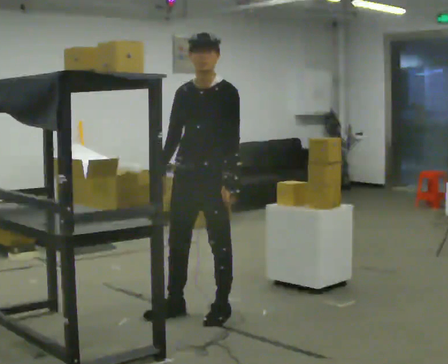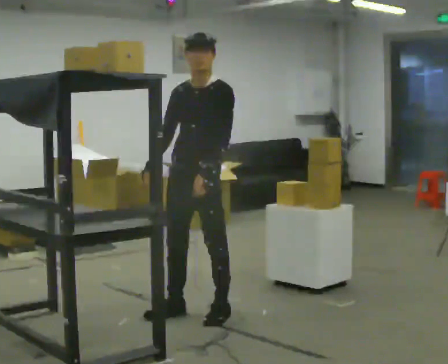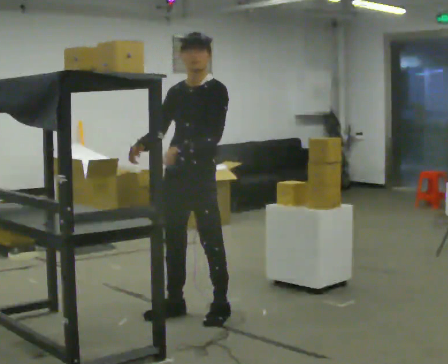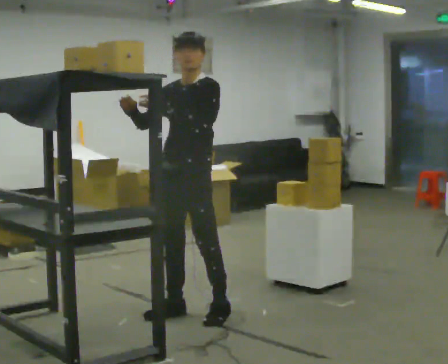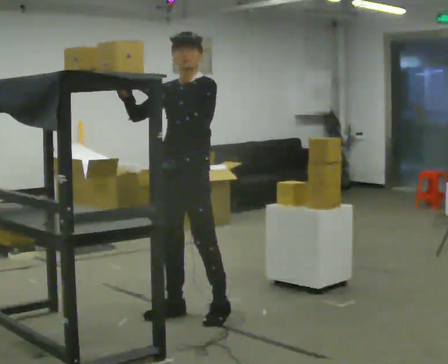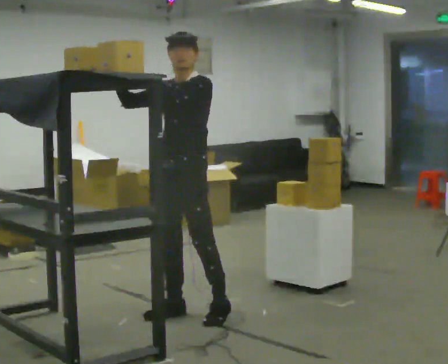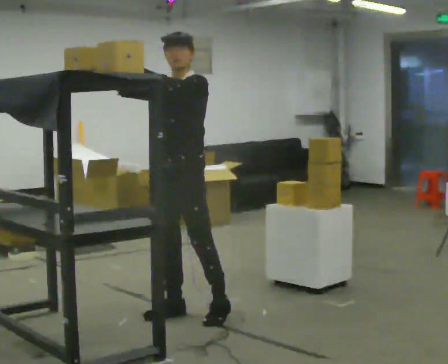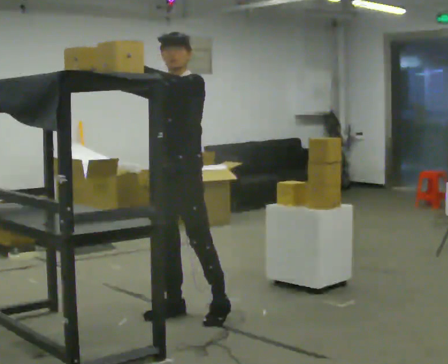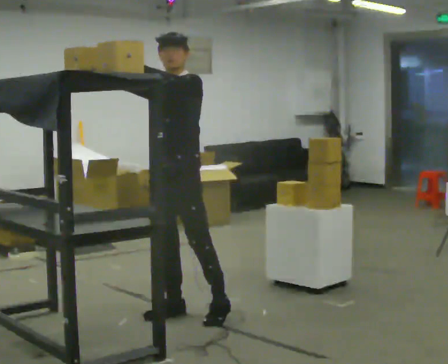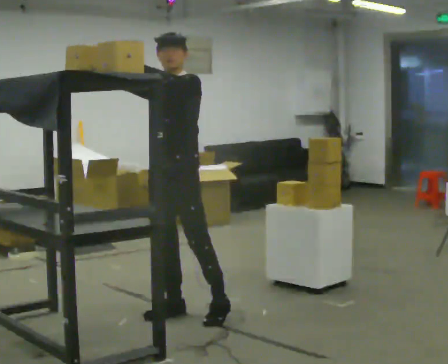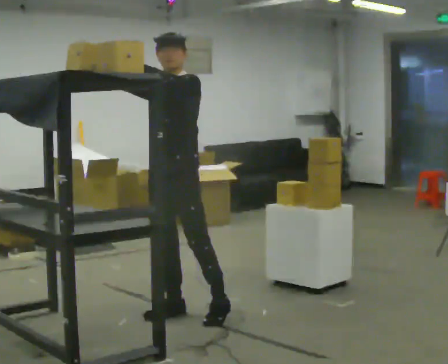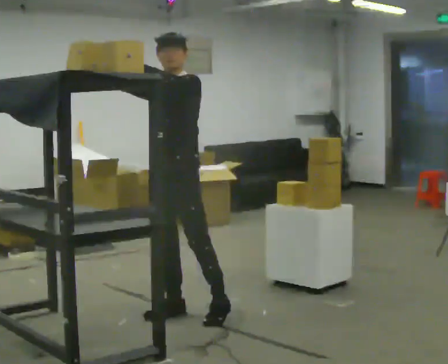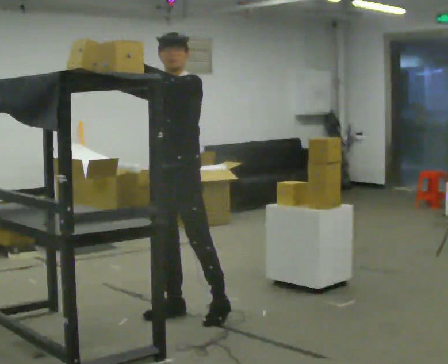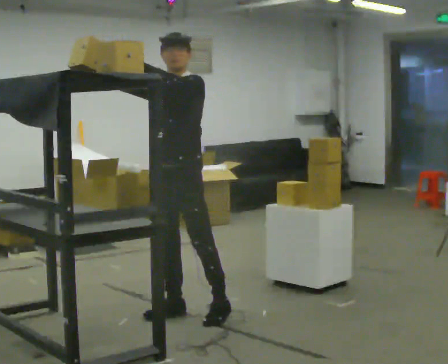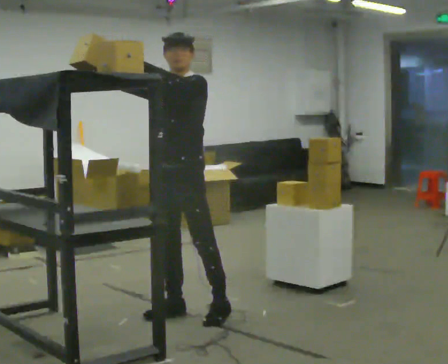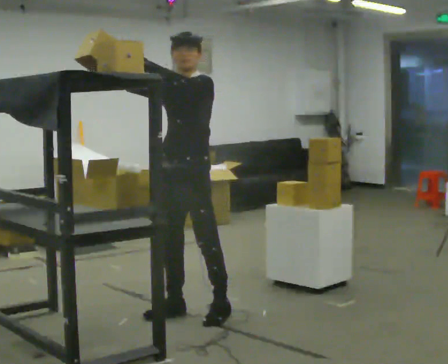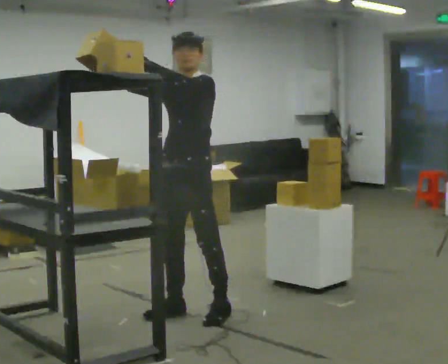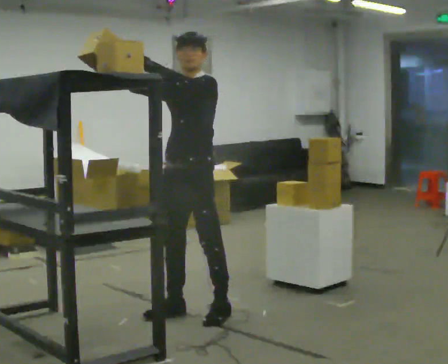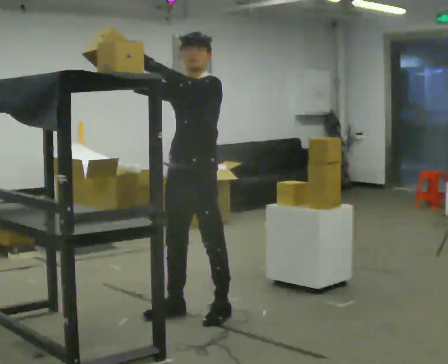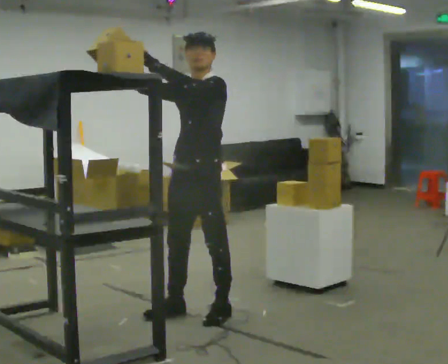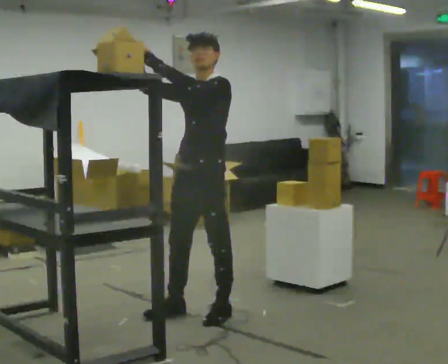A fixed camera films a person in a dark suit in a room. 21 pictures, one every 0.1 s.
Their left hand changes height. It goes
upward.
Their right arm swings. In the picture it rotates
clockwise.
0.0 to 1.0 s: In the picture they go to the left, about 0.25 m, which for them is to their right and forward. In the picture their left hand goes upward and to the left.
1.0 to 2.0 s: In the picture they go to the right, about 0.25 m, which for them is to their left.
The film runs backward here.
